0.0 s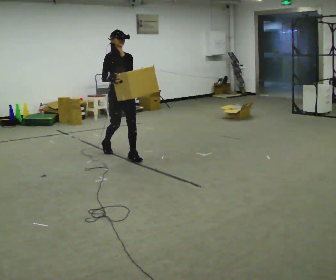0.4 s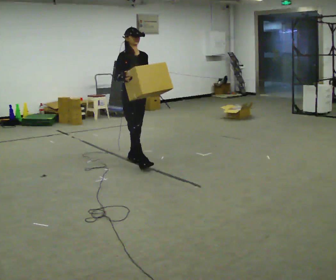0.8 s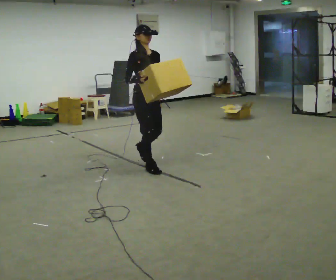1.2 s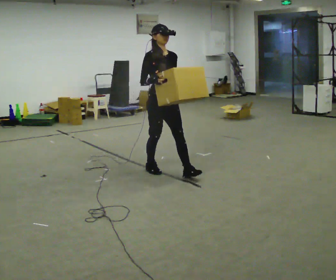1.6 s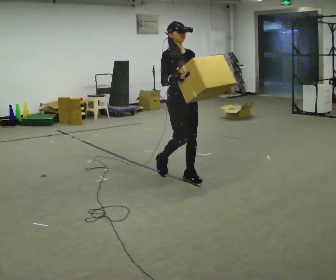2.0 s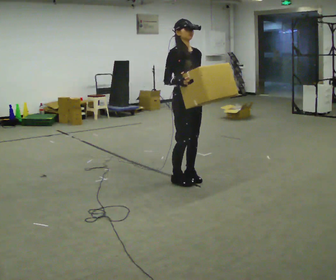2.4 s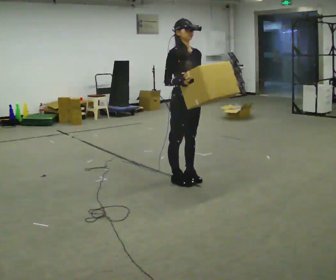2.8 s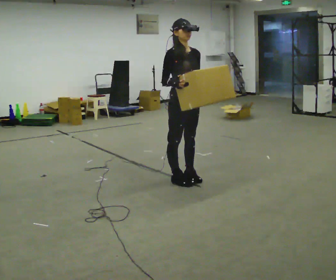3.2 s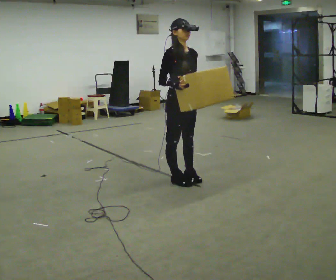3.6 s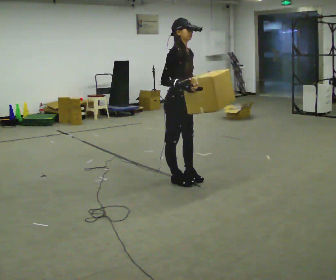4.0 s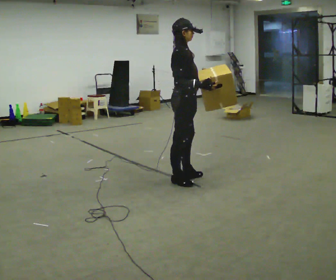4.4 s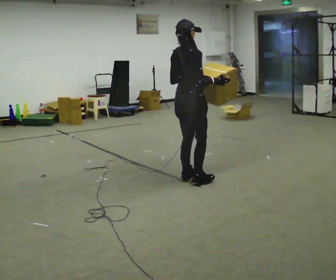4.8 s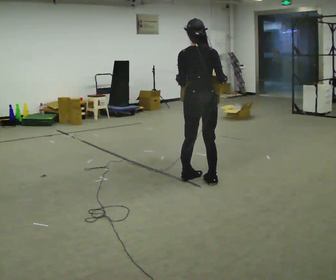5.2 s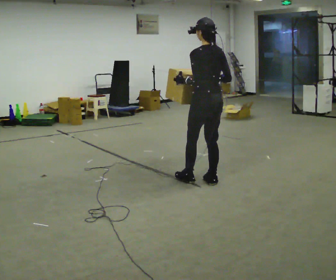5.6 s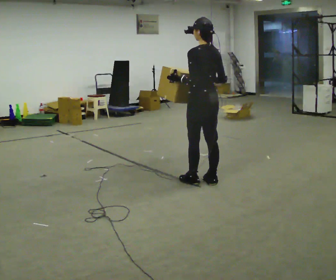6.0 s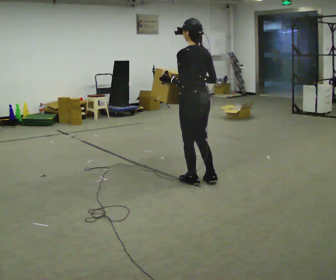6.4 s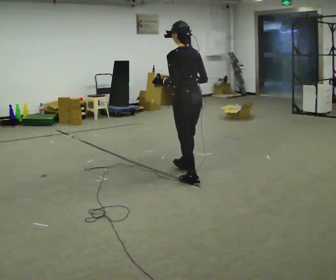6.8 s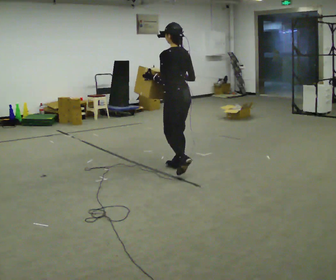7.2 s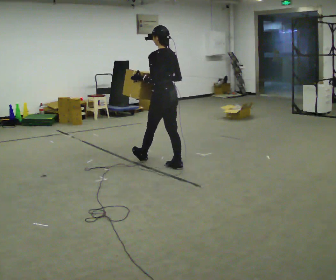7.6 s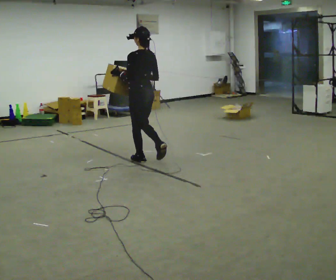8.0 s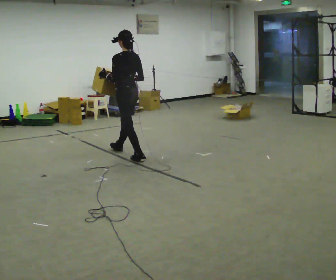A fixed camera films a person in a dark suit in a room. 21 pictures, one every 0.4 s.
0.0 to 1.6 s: In the picture they go toward the camera and to the right, about 1 m in 2 steps, which for them is forward.
1.6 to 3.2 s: The person moves a little, or ends about where they began.
3.2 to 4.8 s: The part of the body nearest the lens slides to the right as the person turns to their left by about 135 degrees. In the picture they go to the right, about 0.25 m in 1 step. In the picture their right hand goes to the right.
4.8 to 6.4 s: The person turns about 30 degrees to their left, counterclockwise seen from above, so the part of the body nearest the lens slides to the right.
6.4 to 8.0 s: In the picture they go away from the camera and to the left, about 1 m in 3 steps, which for them is forward.
The film runs forward here.
